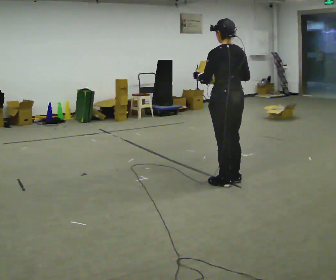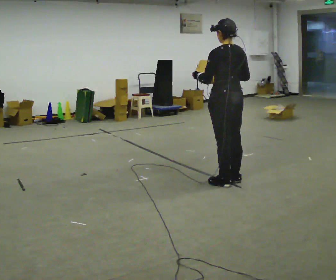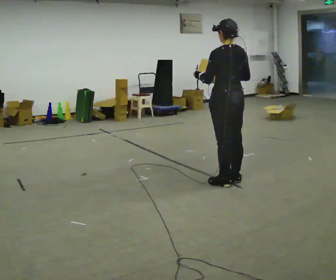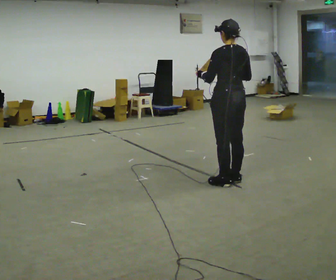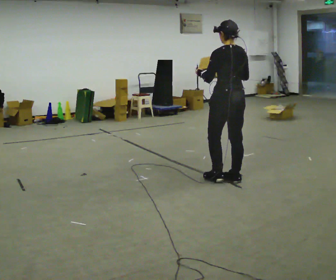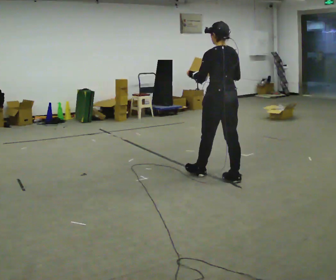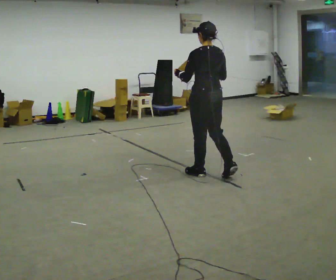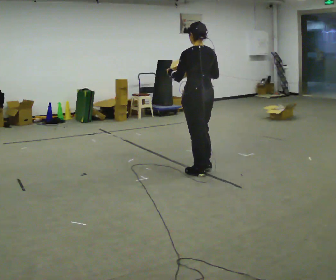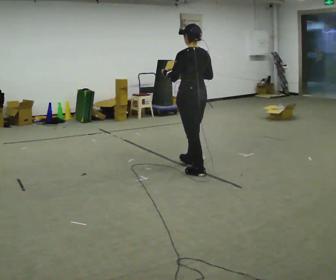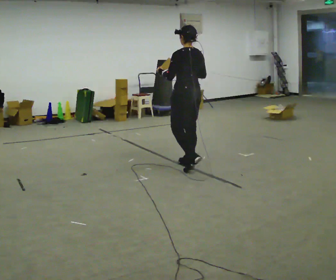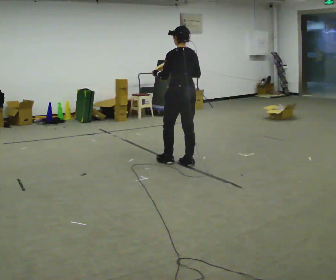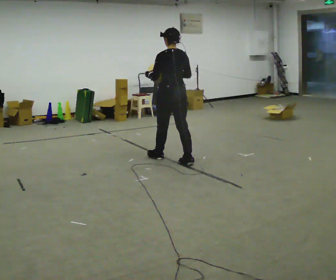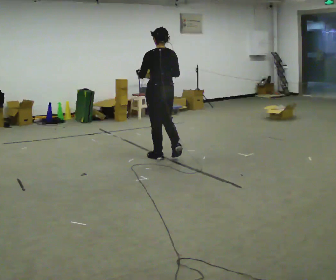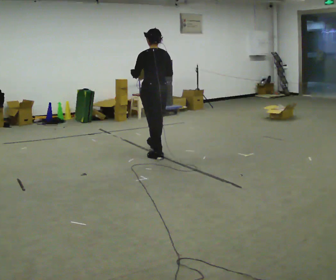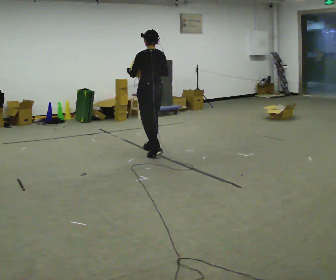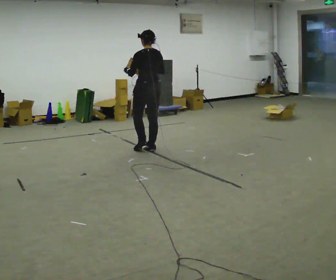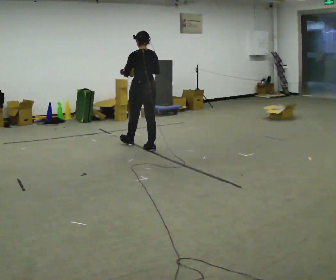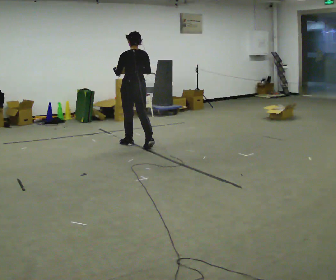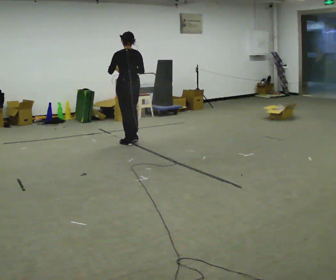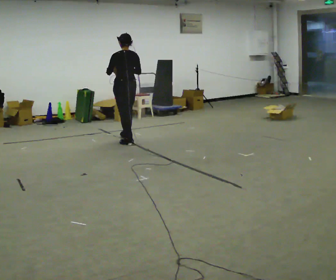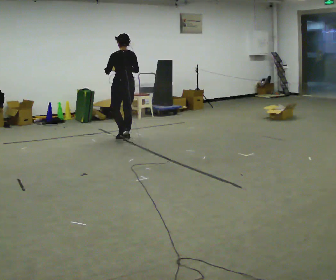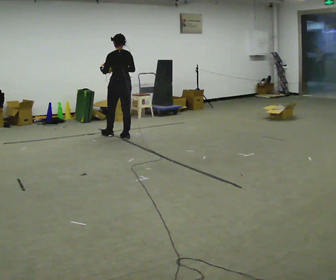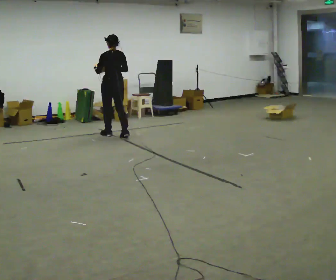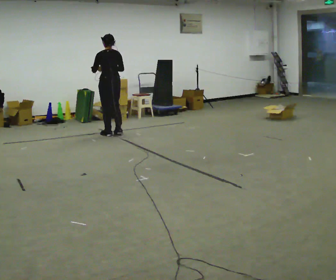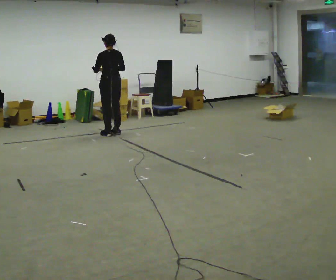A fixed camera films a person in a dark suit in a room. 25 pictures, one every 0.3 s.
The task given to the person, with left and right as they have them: Carry the object and, while walking, turn it over in your hands to look at all sides of it. Keep turning it as you walk.
0.0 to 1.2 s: The person moves a little, or ends about where they began.
1.2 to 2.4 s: In the picture they go away from the camera and to the left, about 0.5 m in 2 steps, which for them is forward and to their left.
2.4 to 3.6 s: In the picture they go away from the camera and to the left, about 0.75 m in 1 step, which for them is forward.
3.6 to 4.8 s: In the picture they go away from the camera and to the left, about 0.5 m in 1 step, which for them is forward.
4.8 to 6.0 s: In the picture they go away from the camera and to the left, about 0.75 m in 2 steps, which for them is forward.
6.0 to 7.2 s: In the picture they go away from the camera and to the left, about 0.5 m in 2 steps, which for them is forward.
The film runs forward here.
